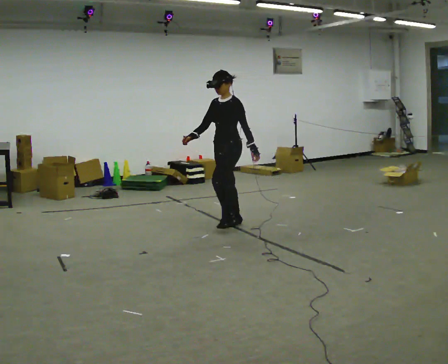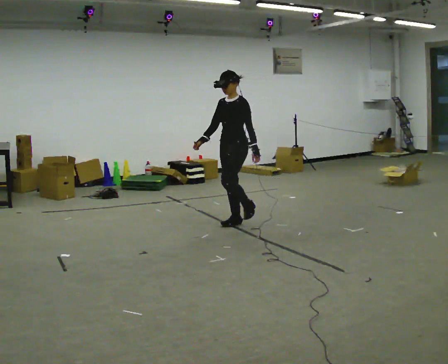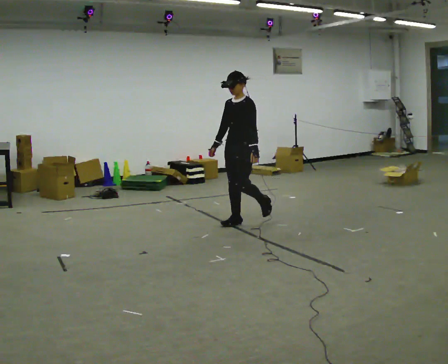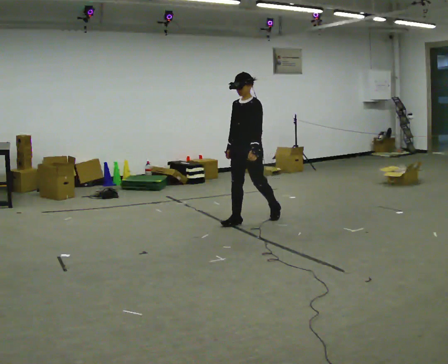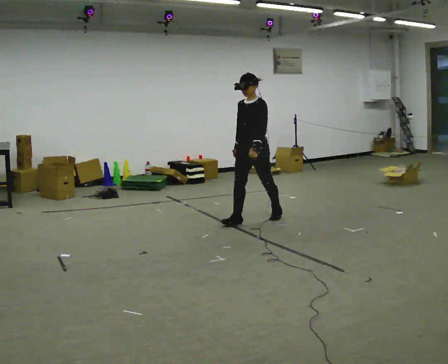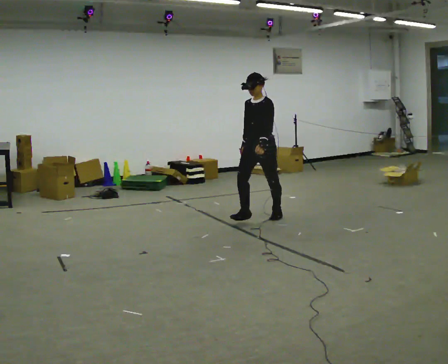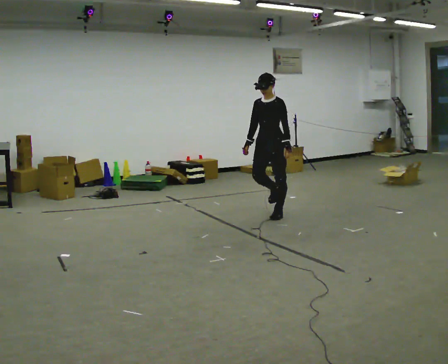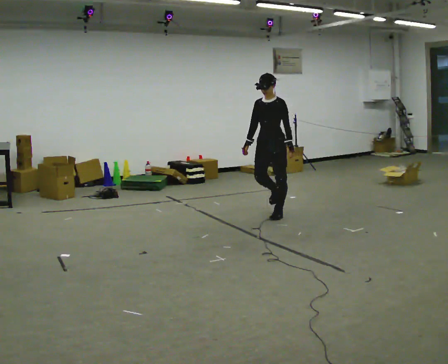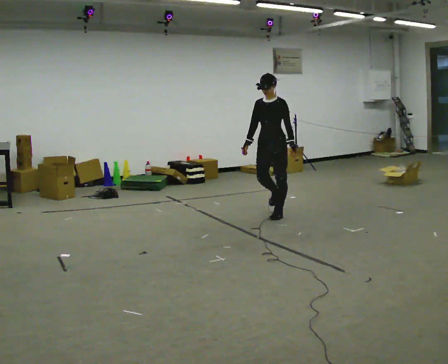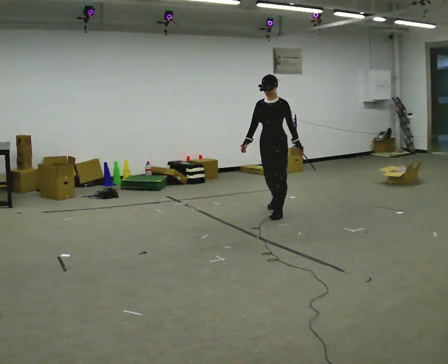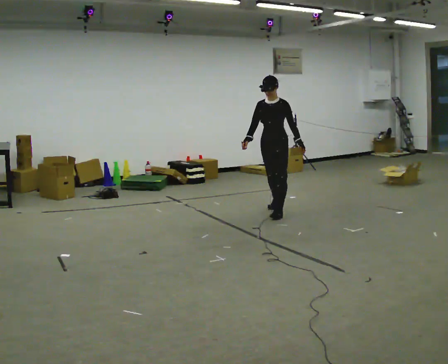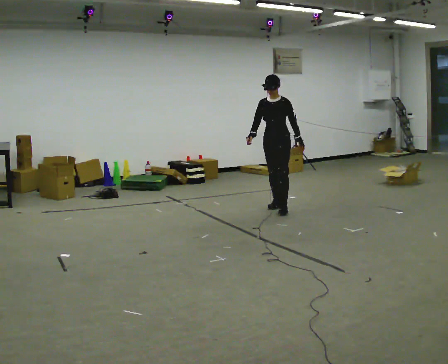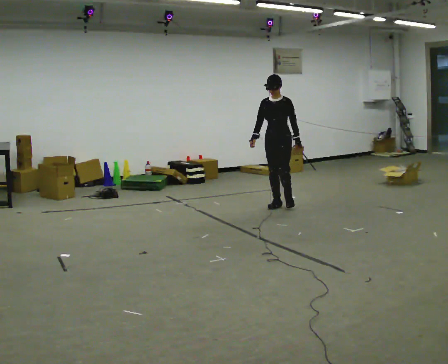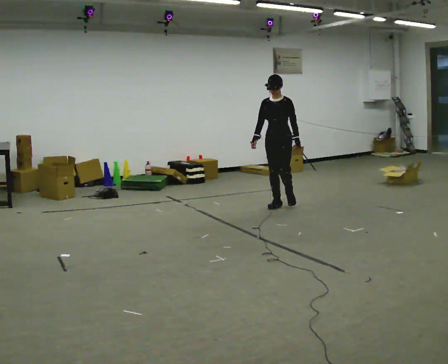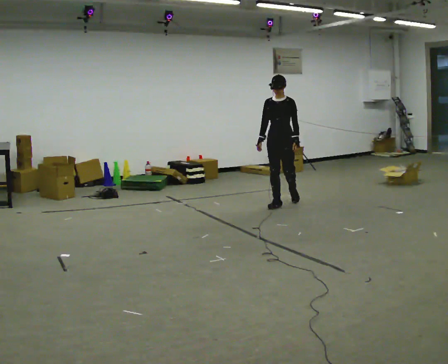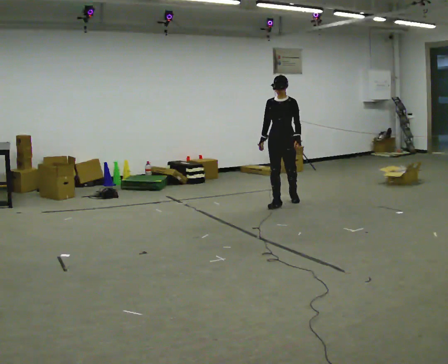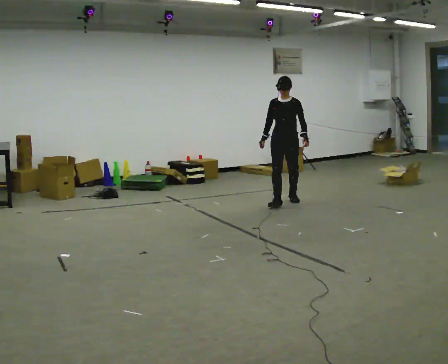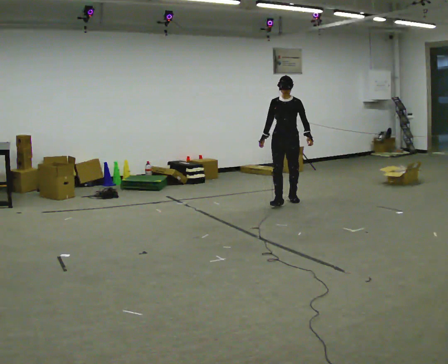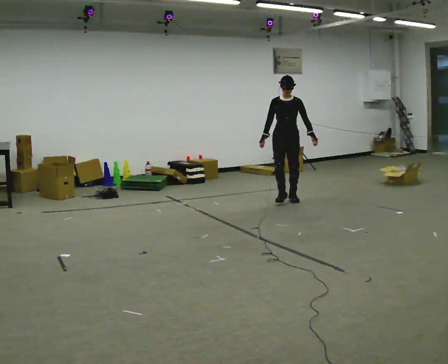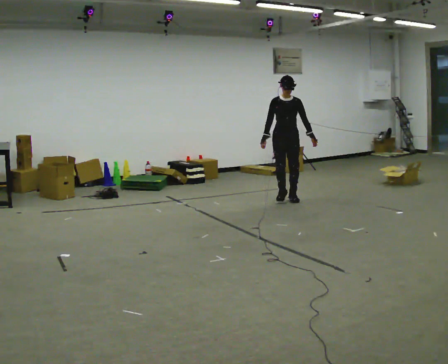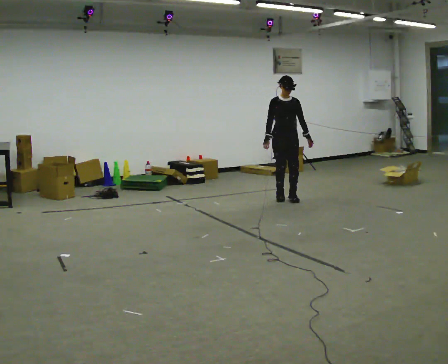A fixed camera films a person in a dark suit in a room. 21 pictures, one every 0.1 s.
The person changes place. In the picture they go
away from the camera.
0.0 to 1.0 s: In the picture they go away from the camera and to the right, about 1 m in 1 step, which for them is backward.
1.0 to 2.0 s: Seen from above the body turns counterclockwise, about 30 degrees: to their left, with its near side sliding to the right. In the picture they go away from the camera, about 0.5 m in 2 steps, which for them is backward.
The film runs backward here.
